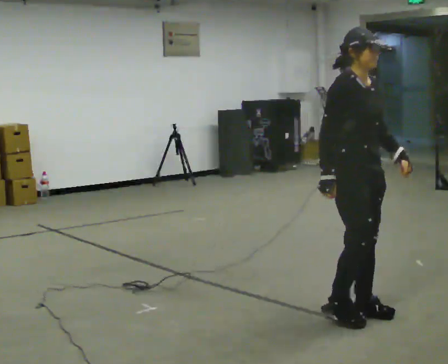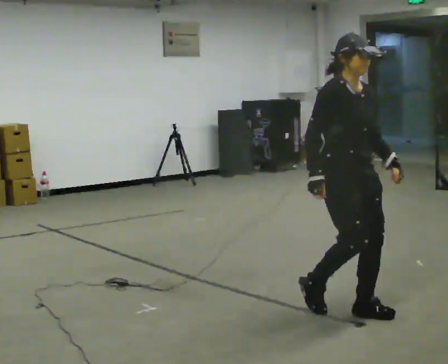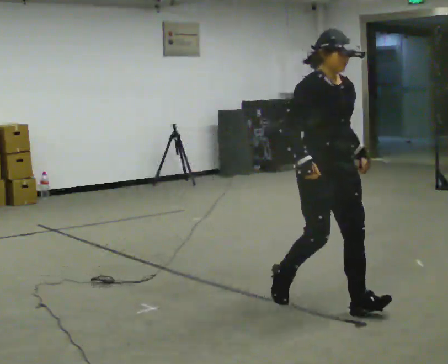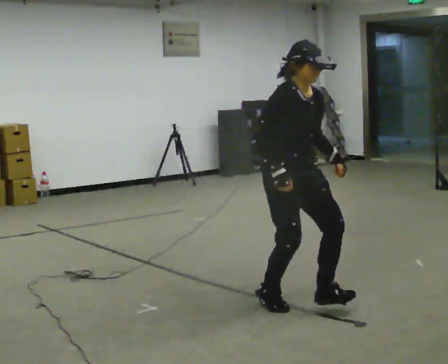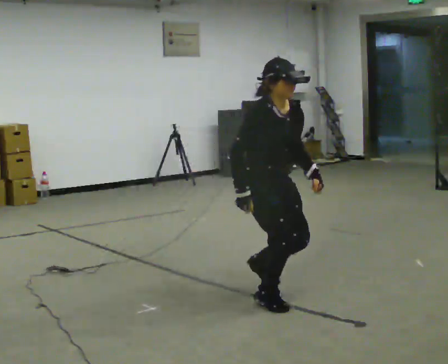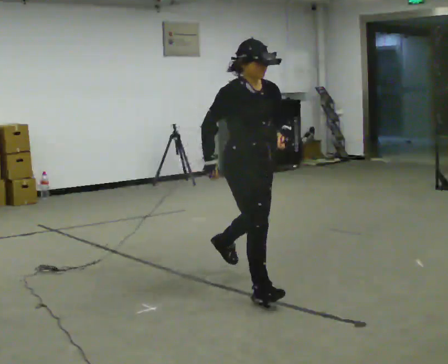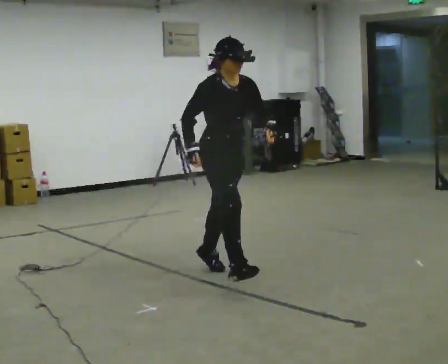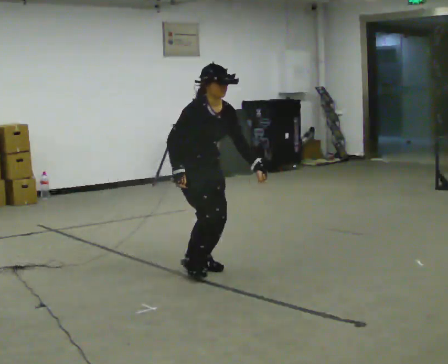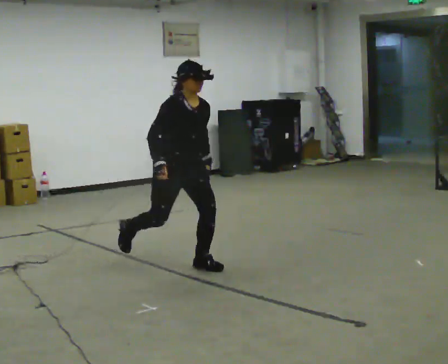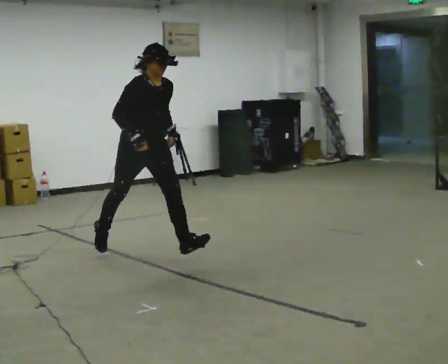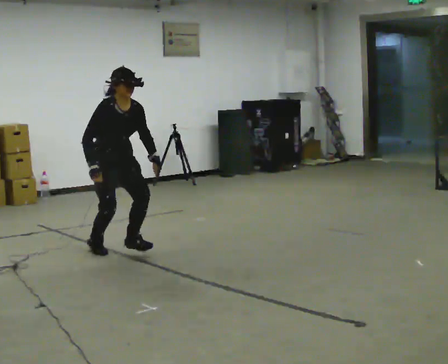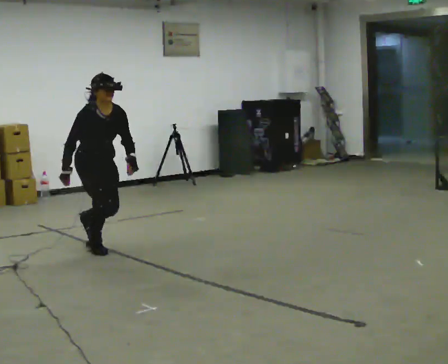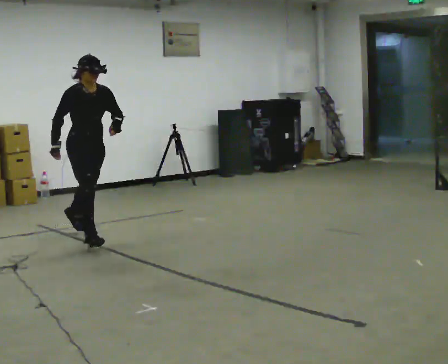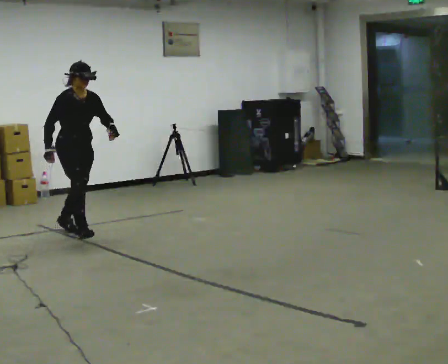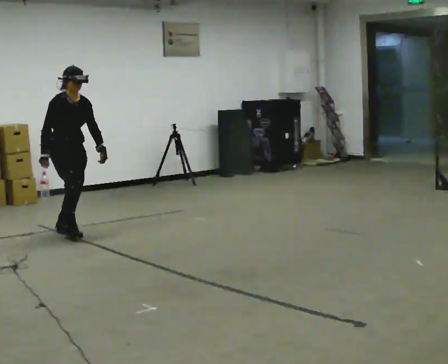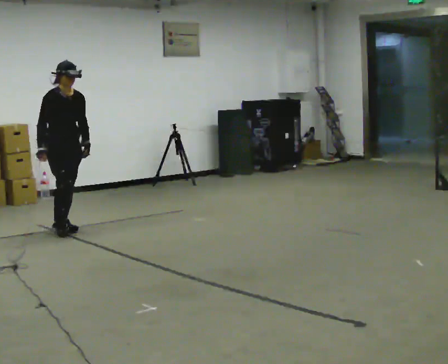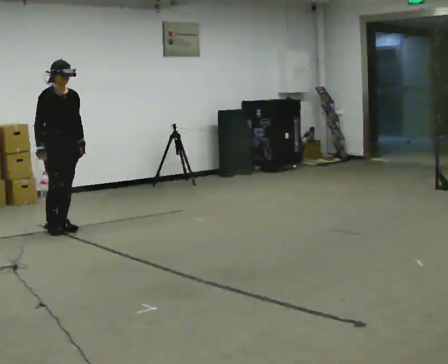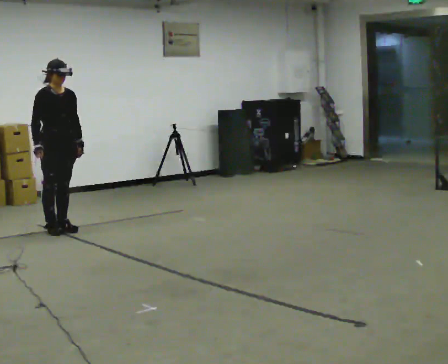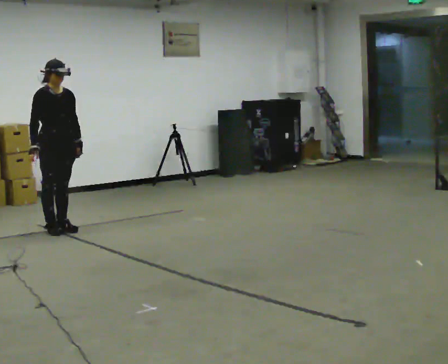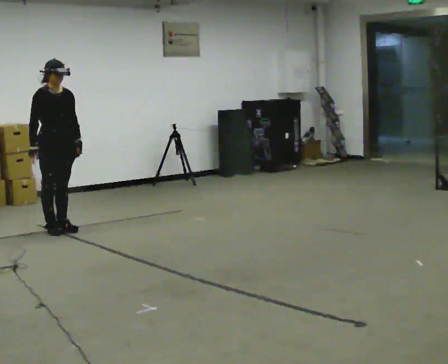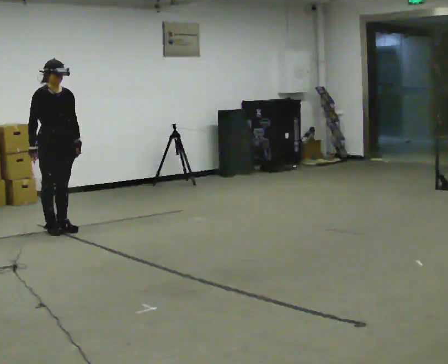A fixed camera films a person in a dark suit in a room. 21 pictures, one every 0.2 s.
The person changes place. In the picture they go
away from the camera.
0.0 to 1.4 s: In the picture they go away from the camera and to the left, about 1.5 m in 2 steps, which for them is backward.
1.4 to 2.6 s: In the picture they go away from the camera and to the left, about 1.5 m in 2 steps, which for them is backward.
2.6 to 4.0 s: In the picture they go away from the camera and to the left, about 0.25 m, which for them is backward.
The film runs backward here.
